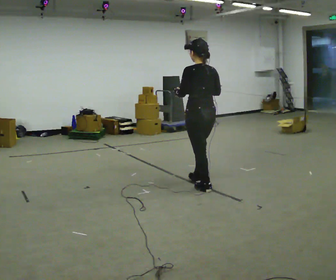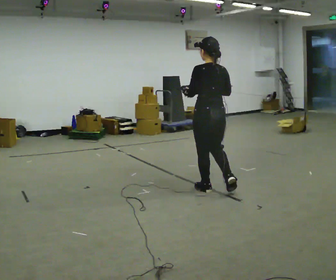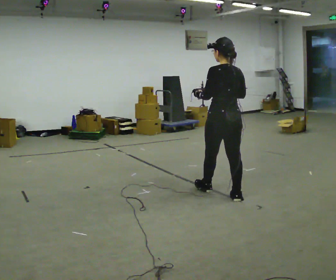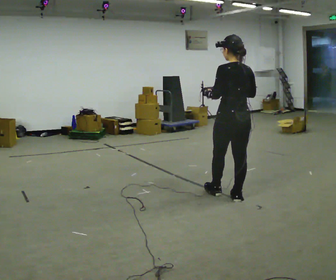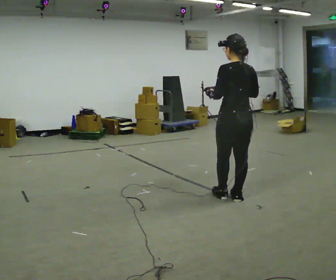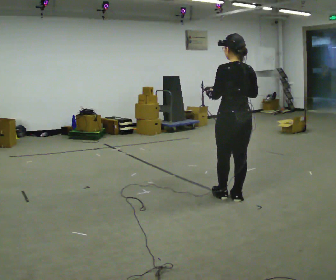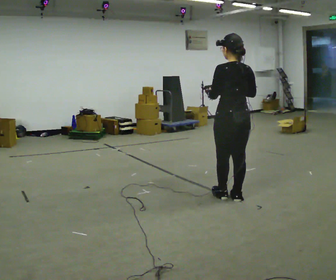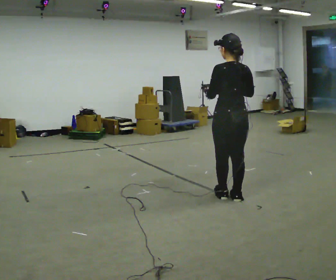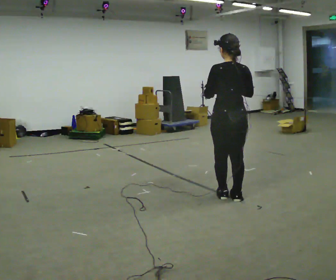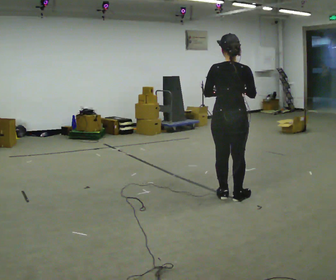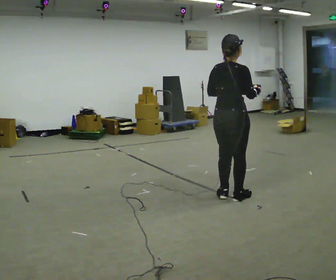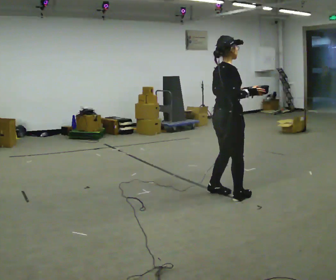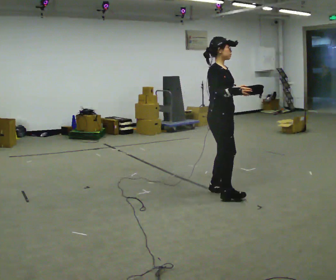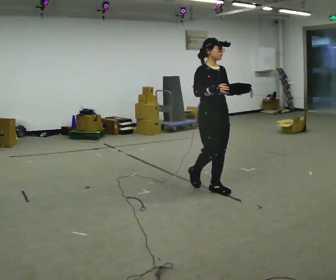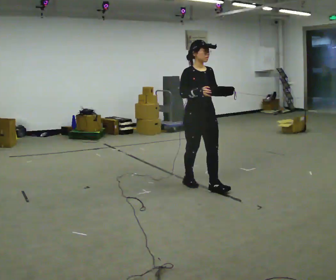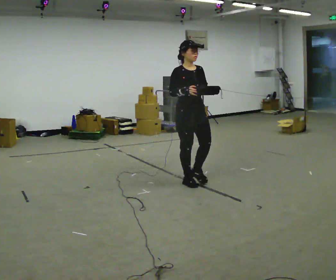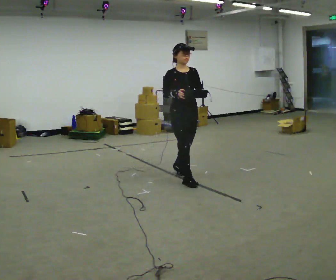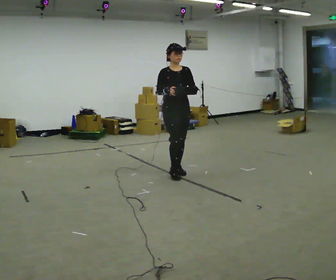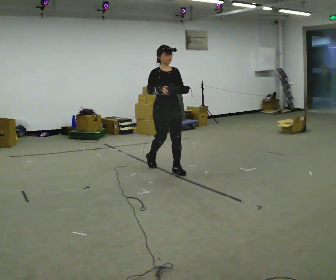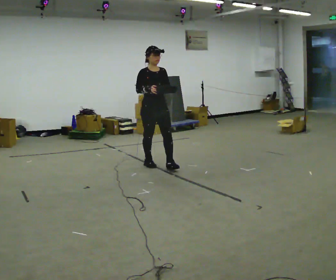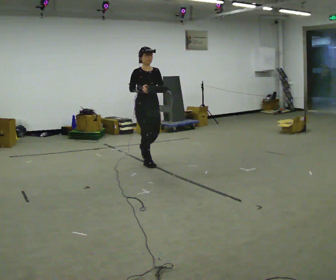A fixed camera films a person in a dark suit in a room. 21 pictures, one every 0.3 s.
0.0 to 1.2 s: In the picture they go to the right and toward the camera, about 0.5 m in 1 step, which for them is backward.
1.2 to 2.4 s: The person moves a little, or ends about where they began.
2.4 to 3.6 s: The part of the body nearest the lens slides to the left as the person turns to their right by about 120 degrees. In the picture they go away from the camera, about 0.25 m in 2 steps.
3.6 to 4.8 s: Seen from above the body turns clockwise, about 45 degrees: to their right, with its near side sliding to the left. In the picture they go to the left and away from the camera, about 0.75 m in 1 step, which for them is backward.
4.8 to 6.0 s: In the picture they go to the left and away from the camera, about 1 m in 2 steps, which for them is backward.
The film runs backward here.
